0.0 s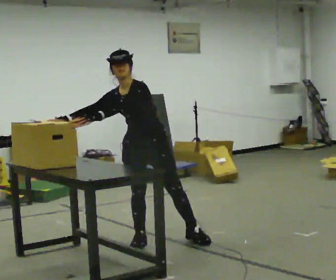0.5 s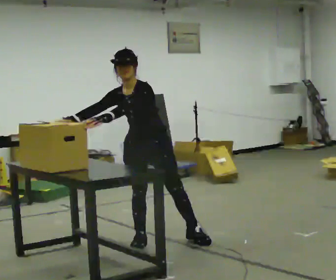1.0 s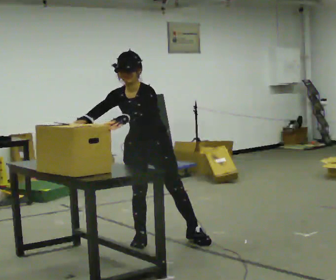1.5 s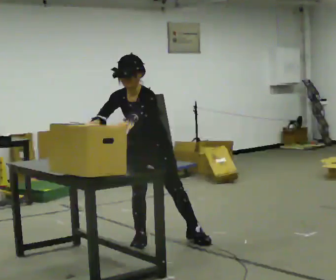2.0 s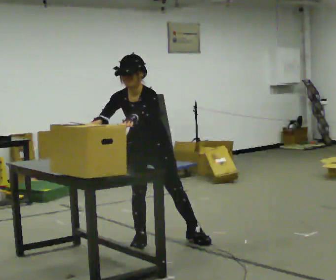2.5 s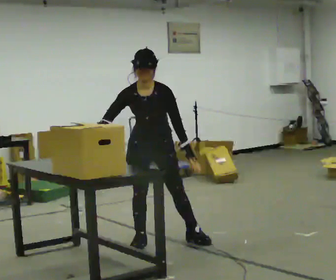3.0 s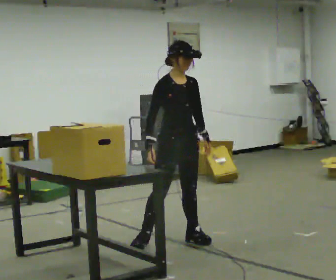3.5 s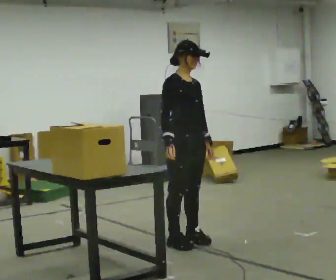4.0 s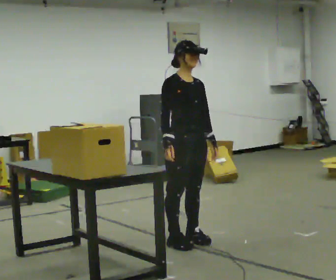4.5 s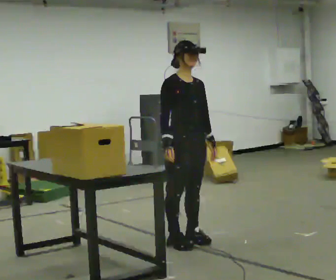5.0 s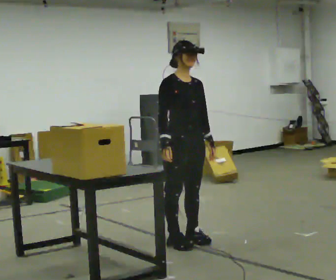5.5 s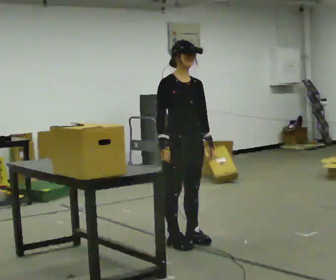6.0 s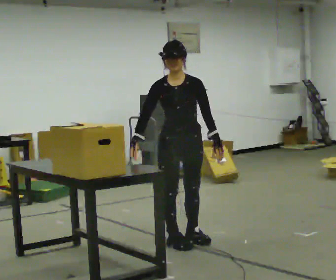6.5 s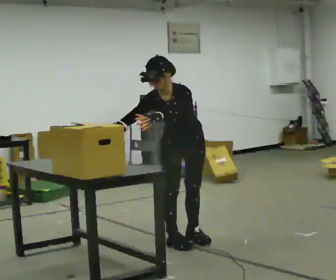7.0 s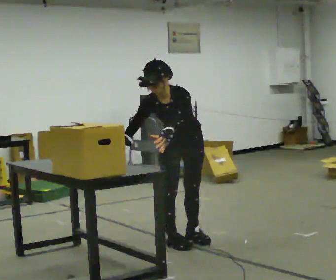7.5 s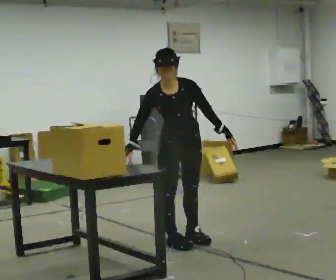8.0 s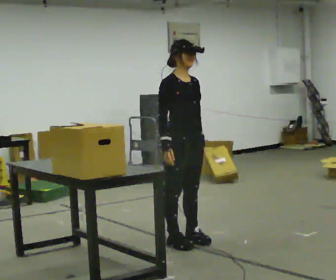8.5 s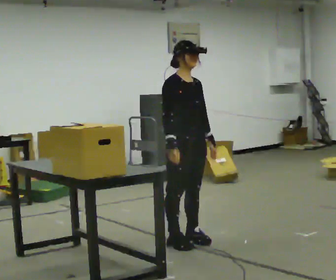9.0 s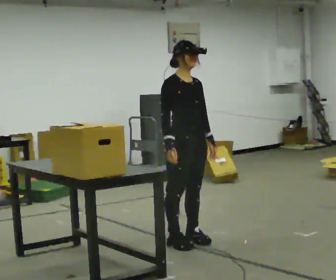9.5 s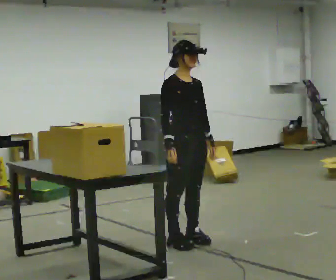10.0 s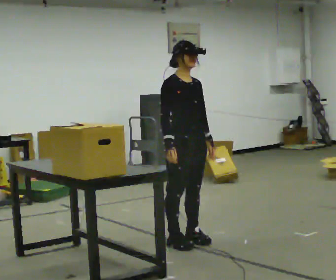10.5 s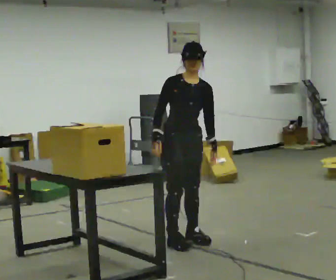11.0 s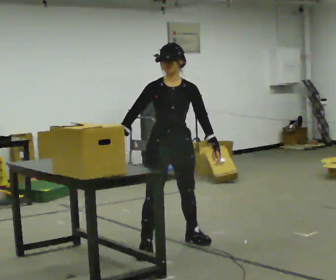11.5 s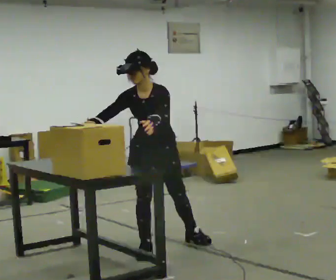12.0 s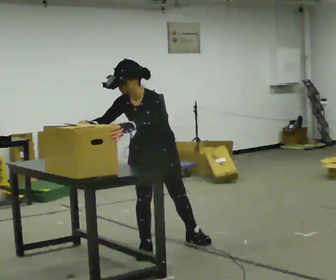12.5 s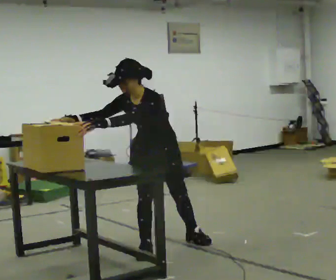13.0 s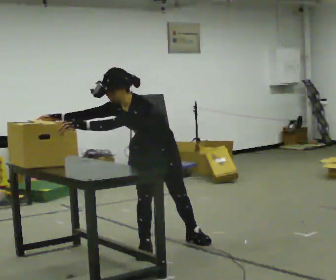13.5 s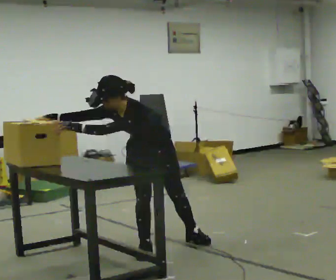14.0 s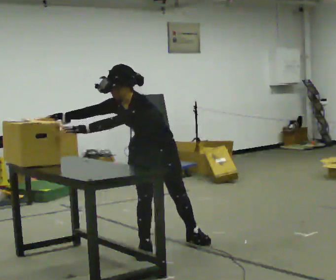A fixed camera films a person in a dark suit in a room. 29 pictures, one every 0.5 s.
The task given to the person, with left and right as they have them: Move the objects one at a time between the far targets the operator calls, without moving your feet. Repeat at your own pace until the operator says stop. Keep both feet on the marked spots for the whole take. If you have to step, stop and tell the operator.
0.0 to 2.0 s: The upper body tips toward the camera, its near side rolling downward. In the picture their right hand goes to the right.
2.0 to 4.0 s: The person turns about 60 degrees to their left, counterclockwise seen from above, so the part of the body nearest the lens slides to the right. In the picture they go to the right, about 0.25 m in 1 step. The upper body tips away from the camera, its near side rolling upward, as they lean back or straighten.
4.0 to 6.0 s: The person turns about 45 degrees to their right, clockwise seen from above, so the part of the body nearest the lens slides to the left. The upper body tips toward the camera, its near side rolling downward, as they bend forward.
6.0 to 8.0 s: The part of the body nearest the lens slides to the right as the person turns to their left by about 45 degrees.
8.0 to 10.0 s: The person moves a little, or ends about where they began.
10.0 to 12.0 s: The part of the body nearest the lens slides to the left as the person turns to their right by about 60 degrees. In the picture they go to the left and toward the camera, about 0.25 m in 1 step. The upper body tips toward the camera, its near side rolling downward, as they bend forward.
12.0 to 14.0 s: In the picture their left hand goes to the left.
The film runs forward here.
